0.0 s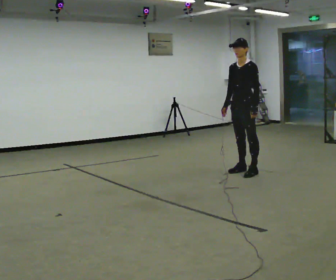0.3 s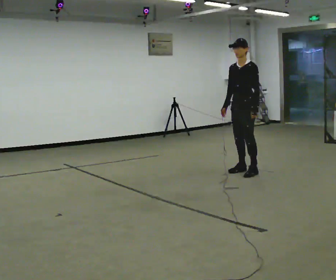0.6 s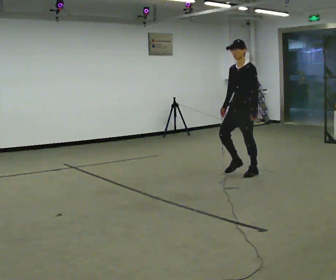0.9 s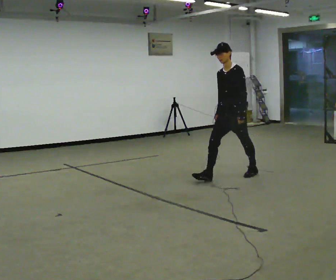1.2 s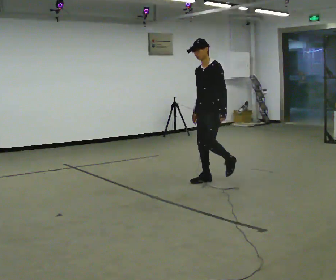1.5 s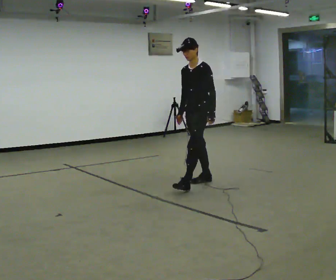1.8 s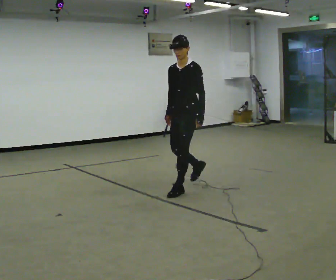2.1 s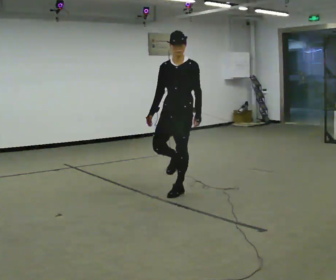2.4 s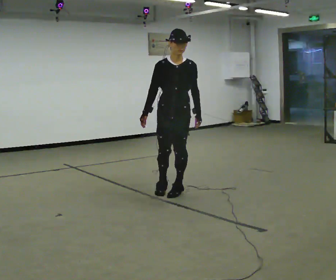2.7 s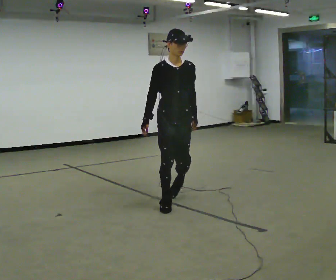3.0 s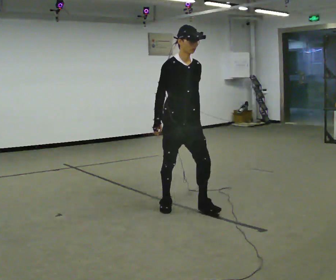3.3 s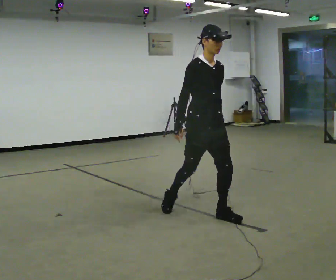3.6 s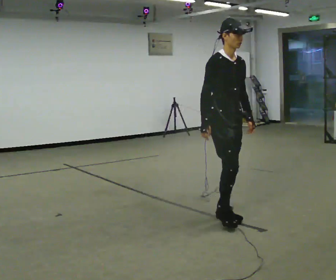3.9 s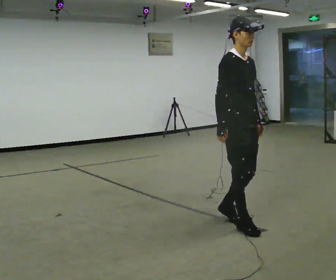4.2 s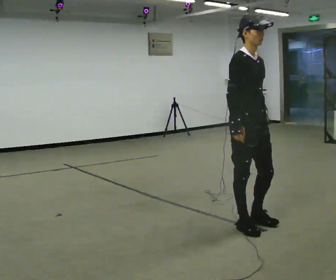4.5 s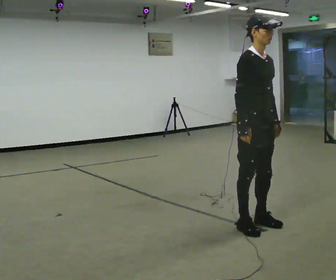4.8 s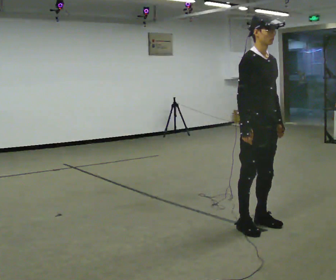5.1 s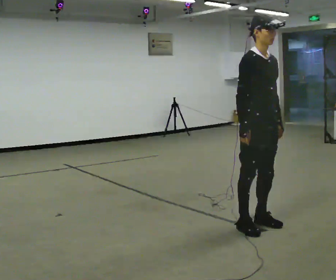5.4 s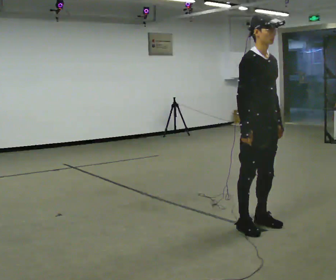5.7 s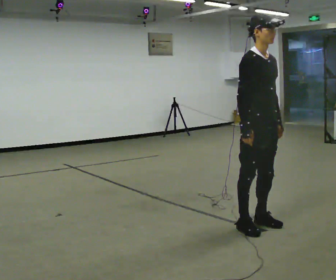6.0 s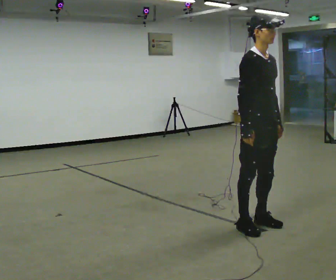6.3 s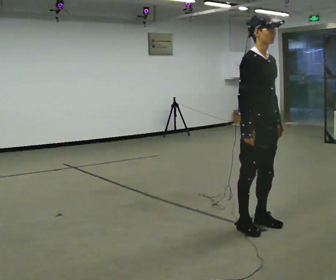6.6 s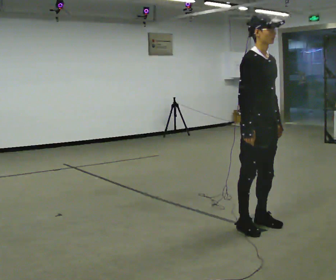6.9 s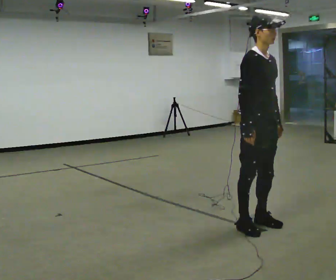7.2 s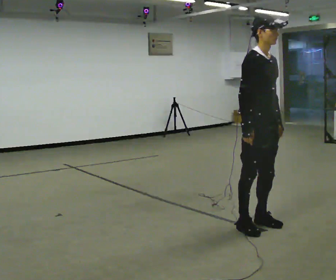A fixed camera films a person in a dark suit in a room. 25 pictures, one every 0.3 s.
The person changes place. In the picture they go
toward the camera.
The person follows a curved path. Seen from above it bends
counterclockwise.
0.0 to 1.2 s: In the picture they go to the left and toward the camera, about 0.5 m in 1 step, which for them is forward.
1.2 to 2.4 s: The person turns about 60 degrees to their left, counterclockwise seen from above, so the part of the body nearest the lens slides to the right. In the picture they go toward the camera and to the left, about 1 m in 1 step, which for them is forward.
2.4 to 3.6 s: The part of the body nearest the lens slides to the right as the person turns to their left by about 45 degrees. In the picture they go toward the camera and to the right, about 1 m in 2 steps, which for them is forward.
3.6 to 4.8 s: In the picture they go to the right and toward the camera, about 0.25 m in 2 steps, which for them is forward.
4.8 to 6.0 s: The person moves a little, or ends about where they began.
6.0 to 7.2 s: The person keeps their place and pose.
The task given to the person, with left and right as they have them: Walk; turn 90° left/right; walk several steps; stop.
The film runs forward here.
